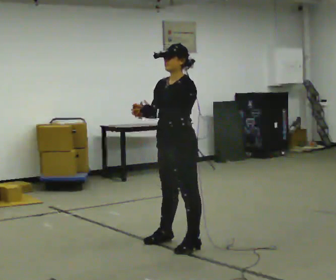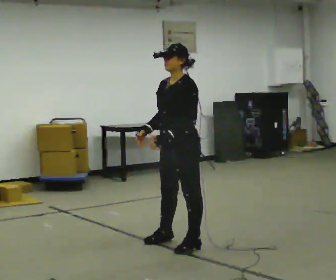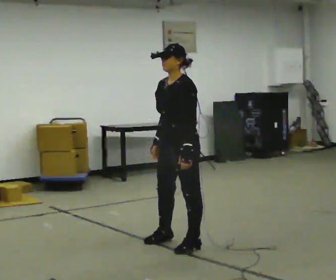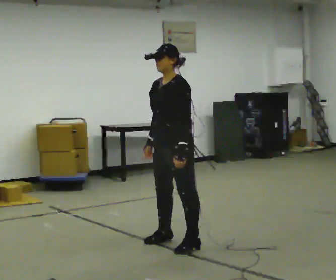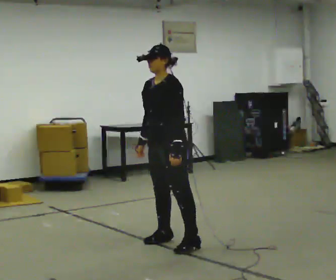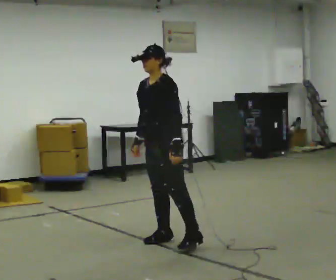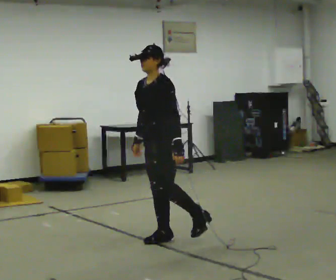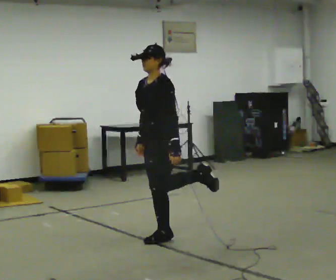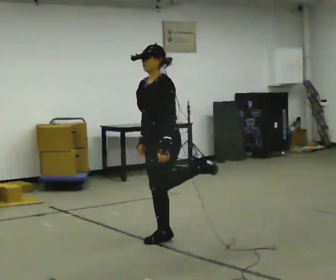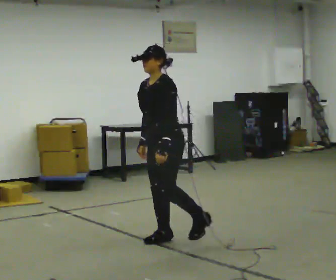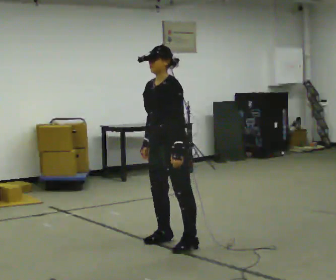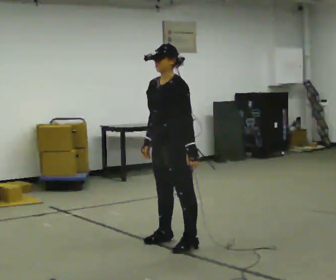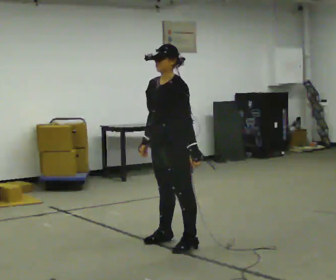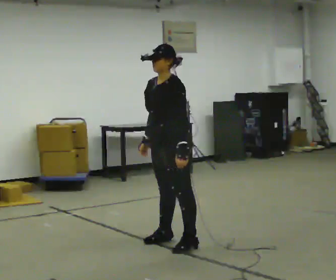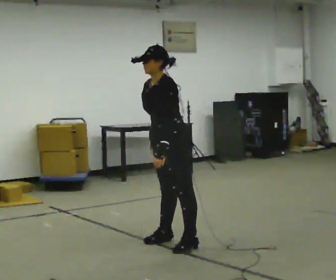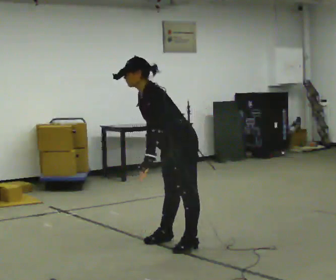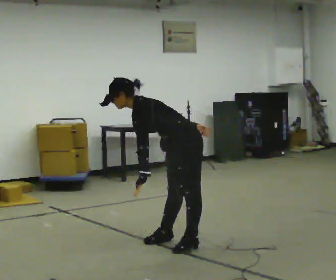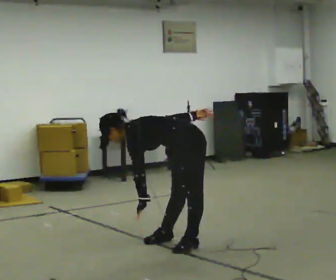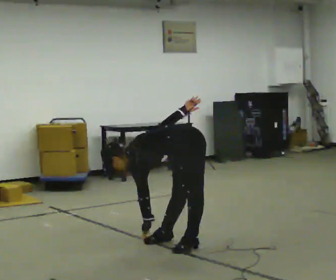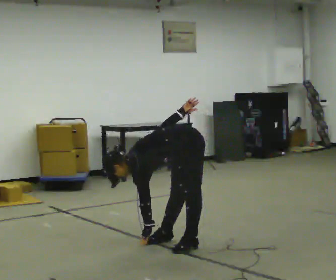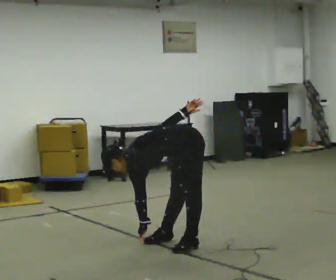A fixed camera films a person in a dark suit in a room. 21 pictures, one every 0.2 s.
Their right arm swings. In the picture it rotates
counterclockwise.
The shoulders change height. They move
downward.
0.0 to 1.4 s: In the picture they go away from the camera, about 0.25 m, which for them is to their right.
1.4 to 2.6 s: The person moves a little, or ends about where they began.
2.6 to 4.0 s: The part of the body nearest the lens slides to the left as the person turns to their right by about 30 degrees. The shoulders move downward. In the picture the upper body tilts counterclockwise, shoulders to the left, as they bend forward.
The film runs backward here.
